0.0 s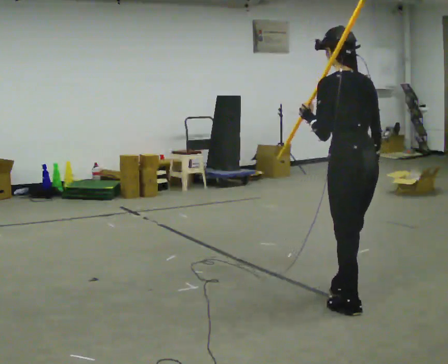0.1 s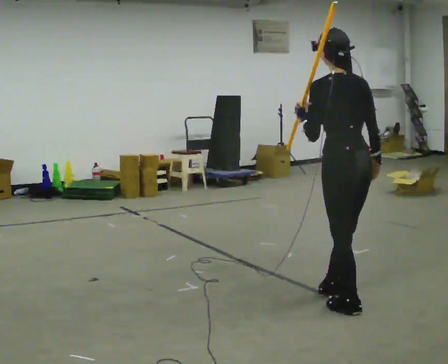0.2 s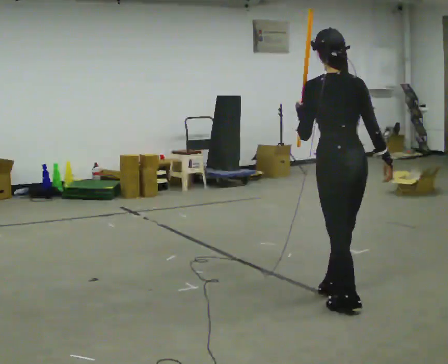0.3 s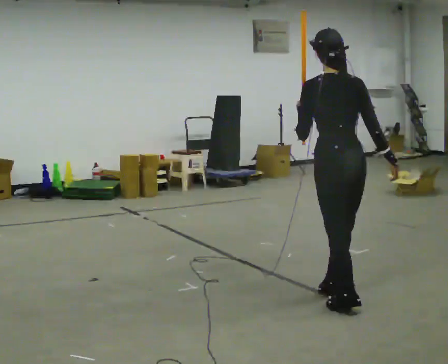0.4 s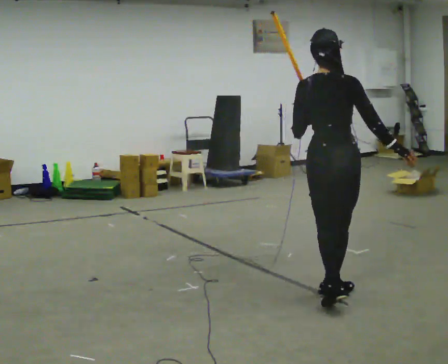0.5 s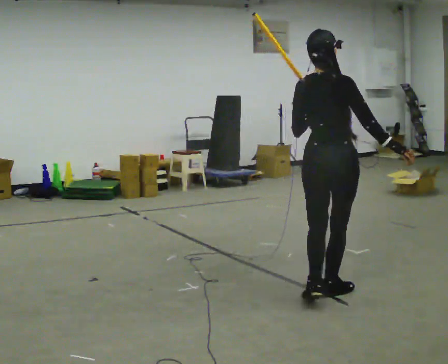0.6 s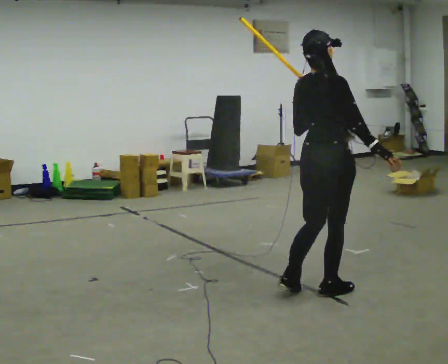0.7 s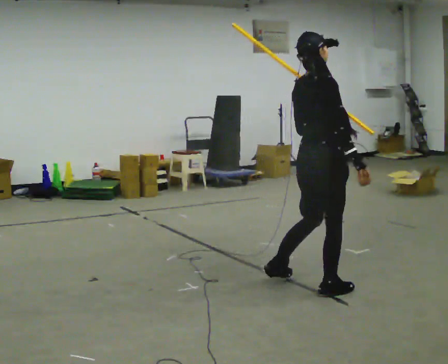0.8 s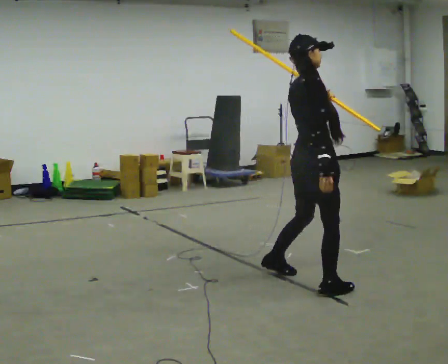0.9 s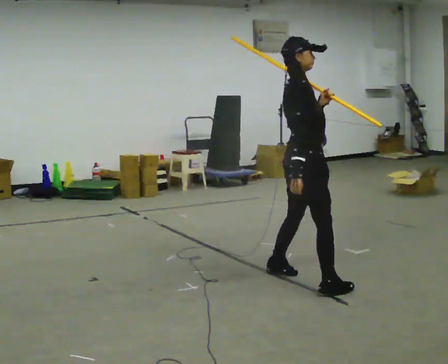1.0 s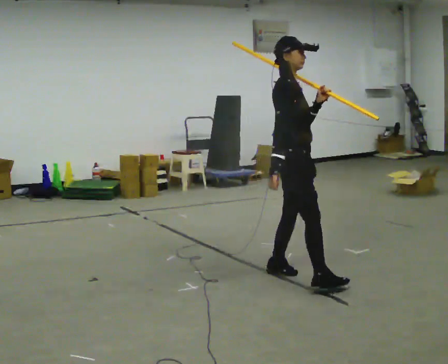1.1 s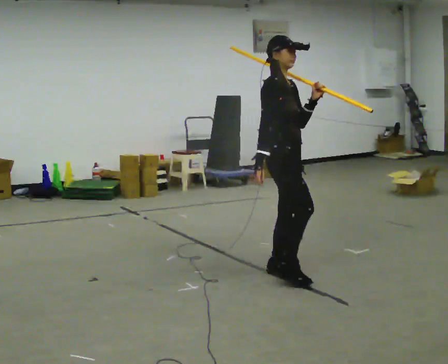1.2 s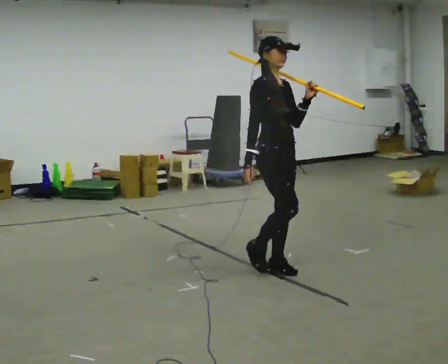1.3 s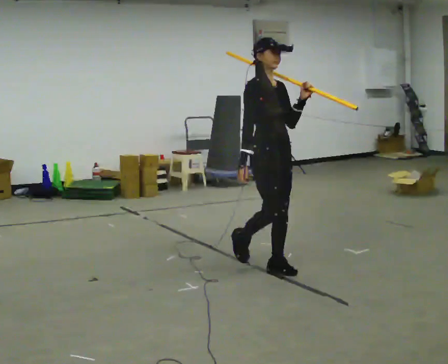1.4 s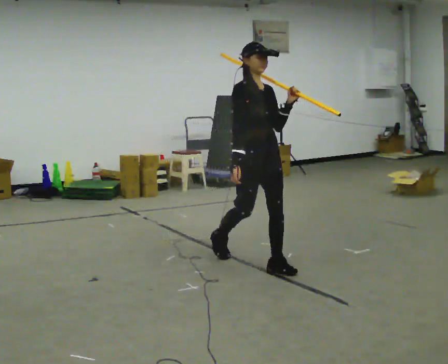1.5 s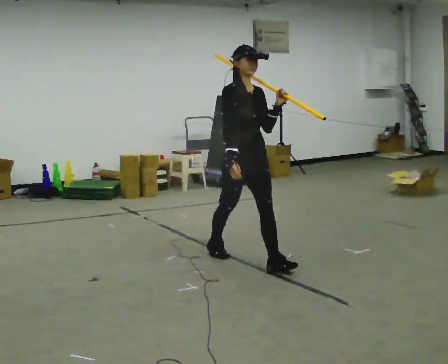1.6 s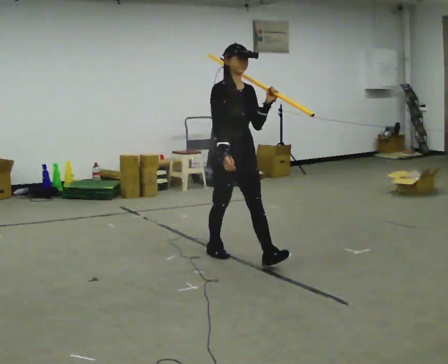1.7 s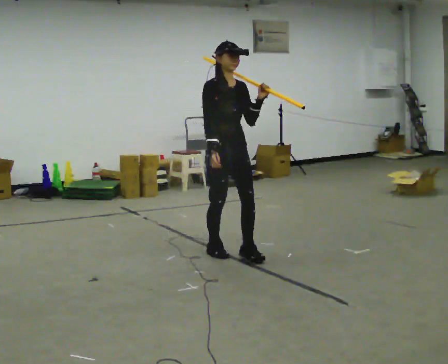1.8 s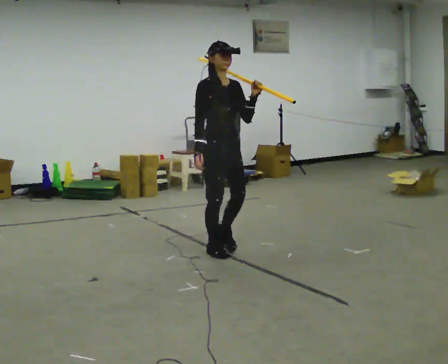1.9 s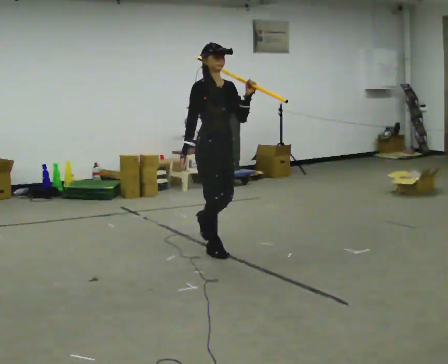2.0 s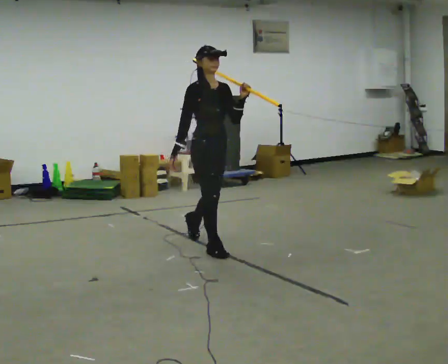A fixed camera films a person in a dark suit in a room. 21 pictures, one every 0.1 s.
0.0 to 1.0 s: The person turns about 120 degrees to their right, clockwise seen from above, so the part of the body nearest the lens slides to the left. In the picture they go away from the camera and to the left, about 0.75 m in 1 step.
1.0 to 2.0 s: The person turns about 60 degrees to their right, clockwise seen from above, so the part of the body nearest the lens slides to the left. In the picture they go away from the camera and to the left, about 1 m in 2 steps.
The film runs backward here.
